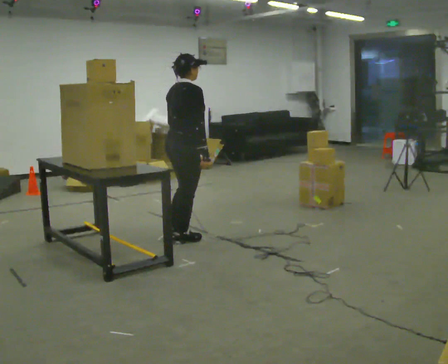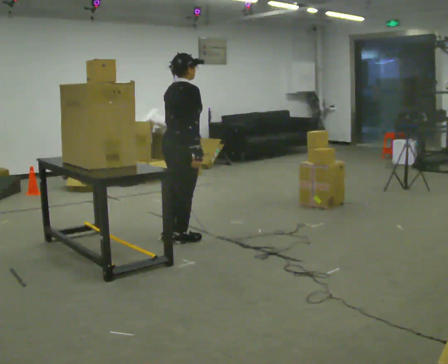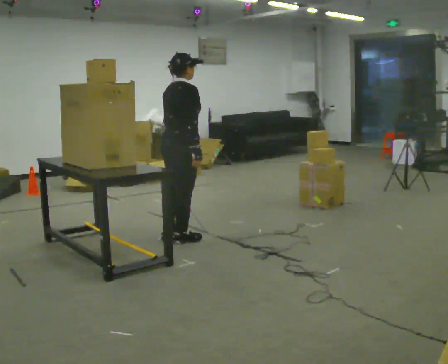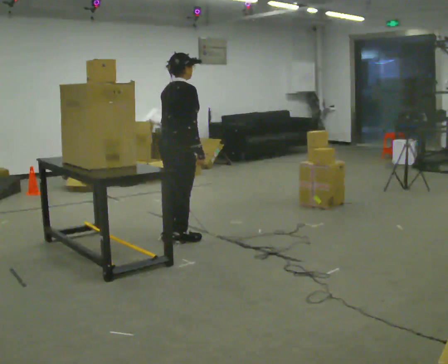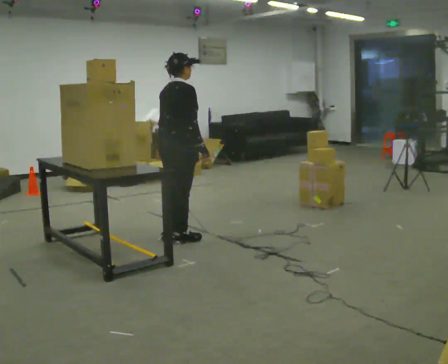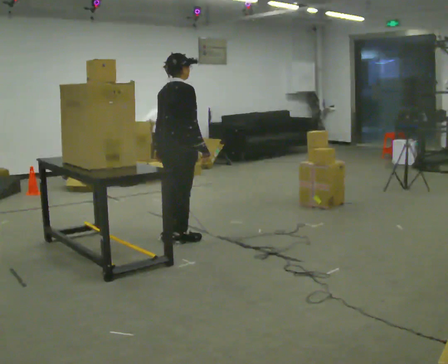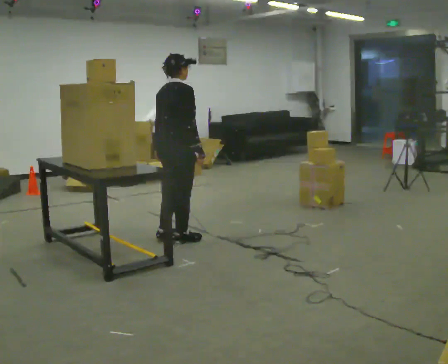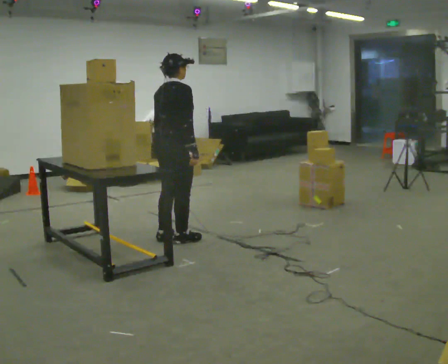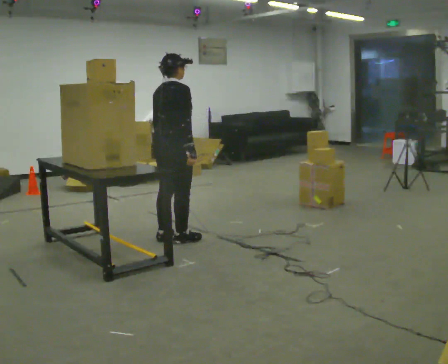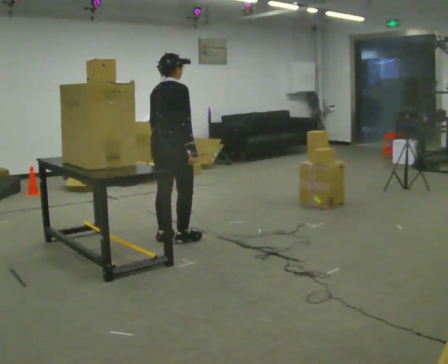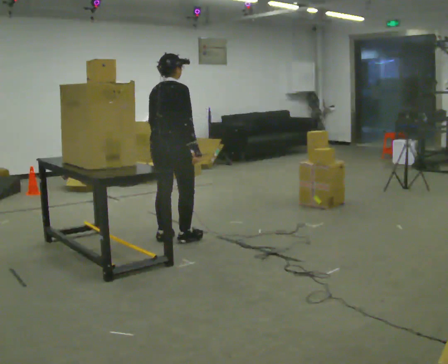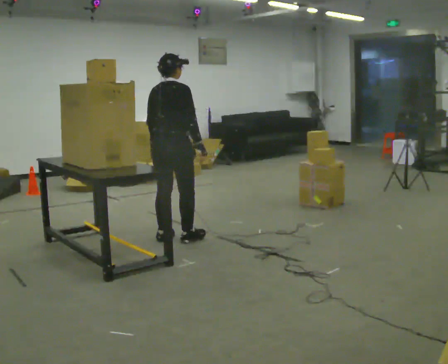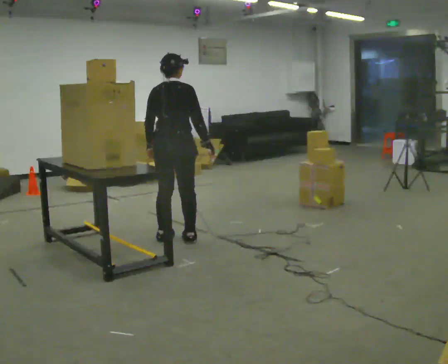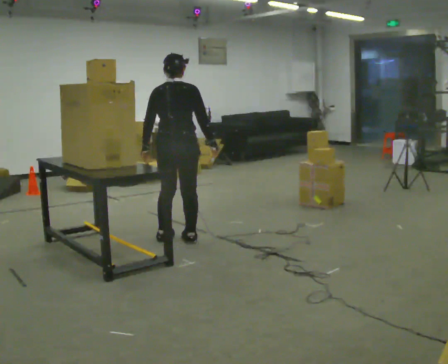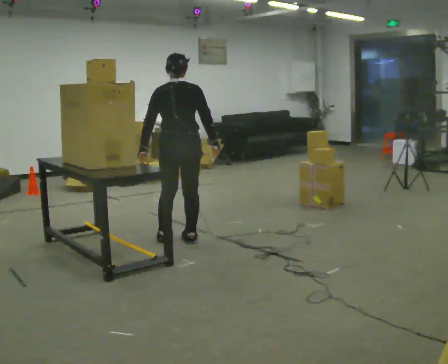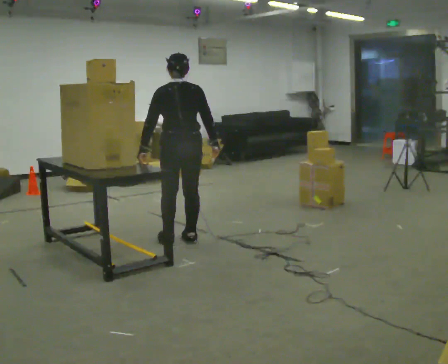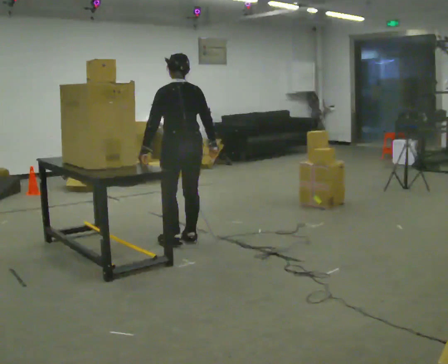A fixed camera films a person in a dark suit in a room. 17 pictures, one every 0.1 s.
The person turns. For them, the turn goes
to their left.
The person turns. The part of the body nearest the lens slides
to the right.
0.0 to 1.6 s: The part of the body nearest the lens slides to the right as the person turns to their left by about 75 degrees.
The film runs backward here.
